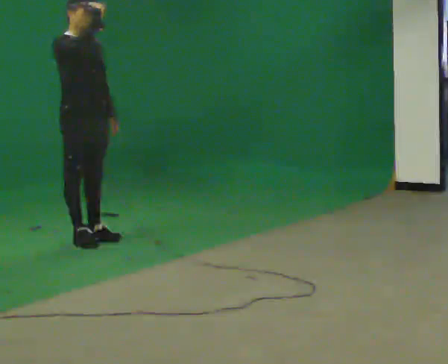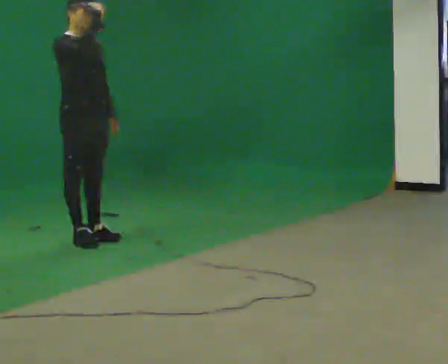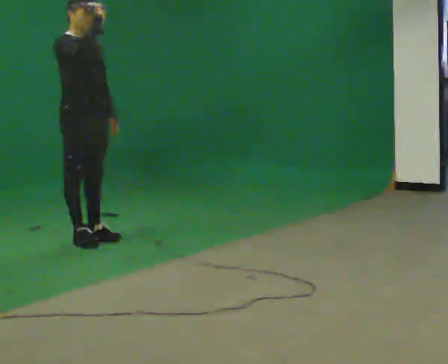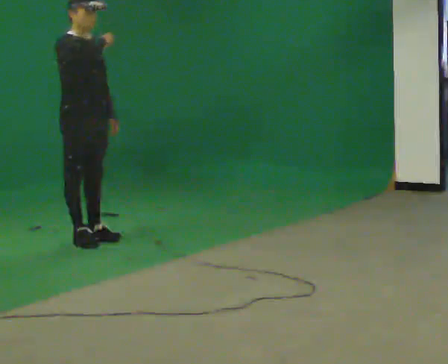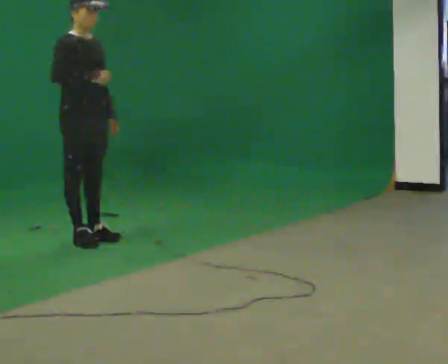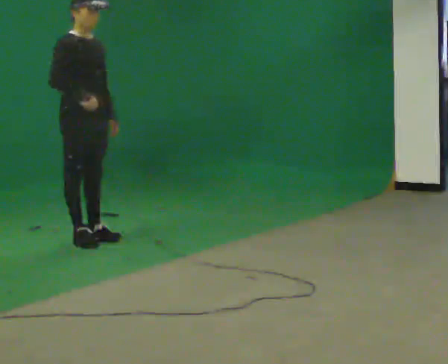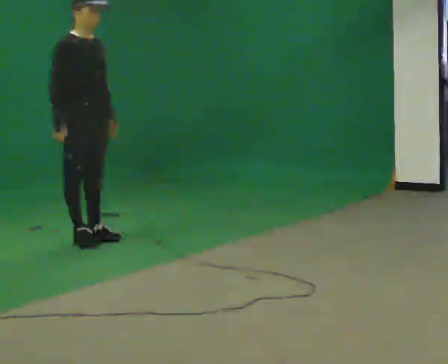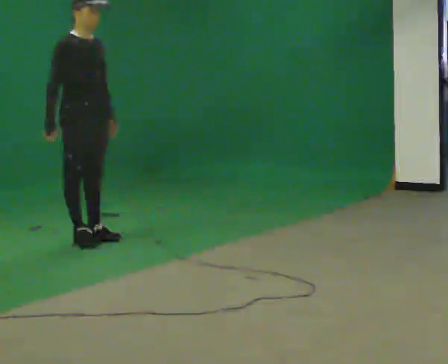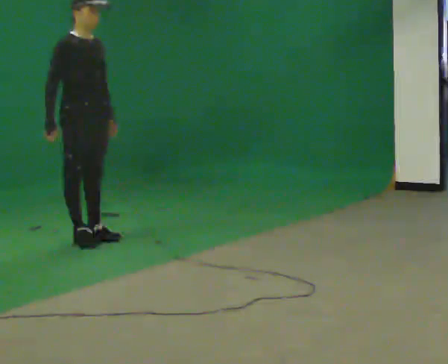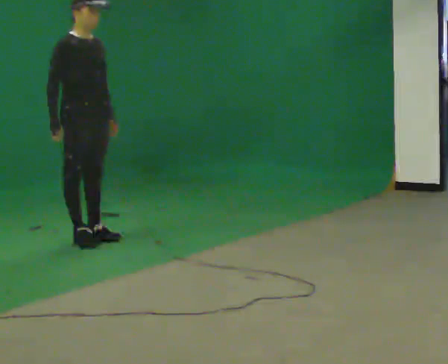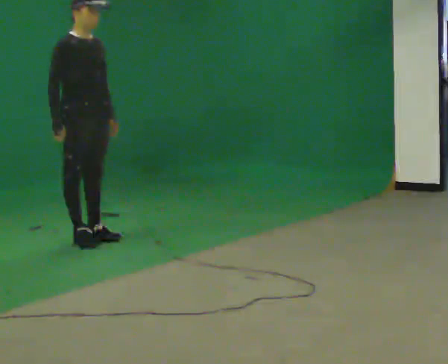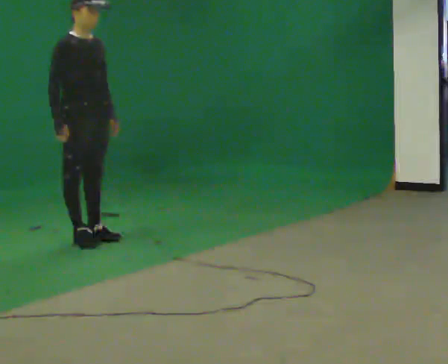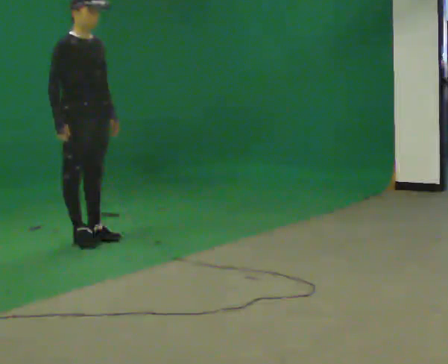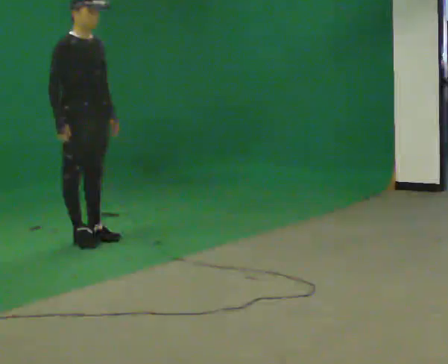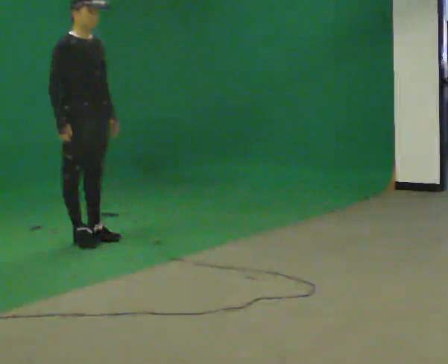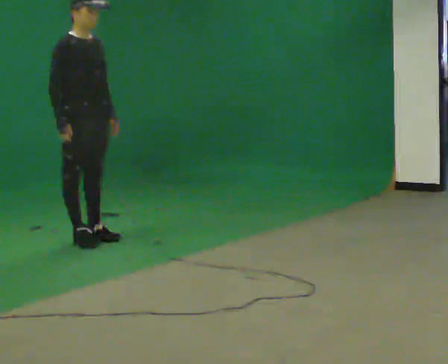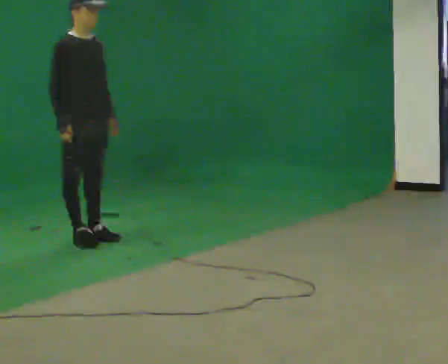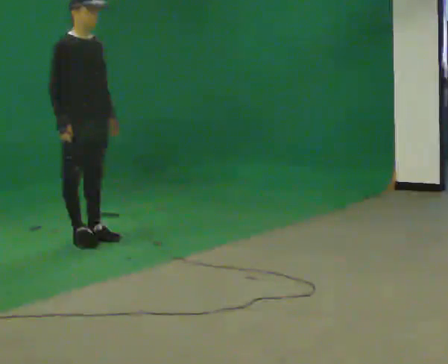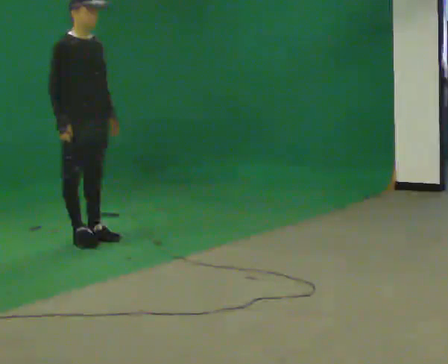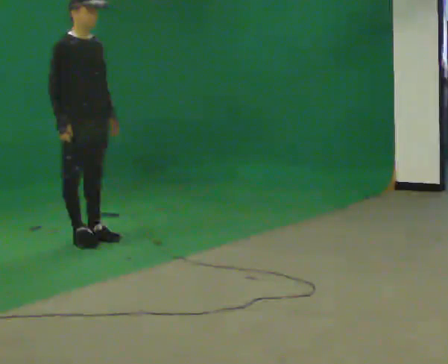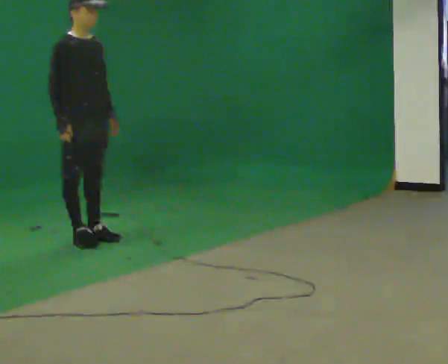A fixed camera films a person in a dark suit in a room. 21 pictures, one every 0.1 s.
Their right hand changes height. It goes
downward.
0.0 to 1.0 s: In the picture their right hand goes downward.
1.0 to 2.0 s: The person moves a little, or ends about where they began.
The film runs forward here.
